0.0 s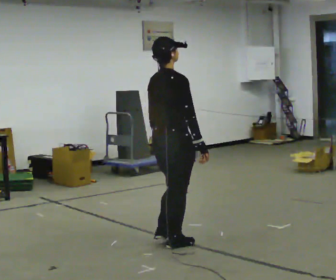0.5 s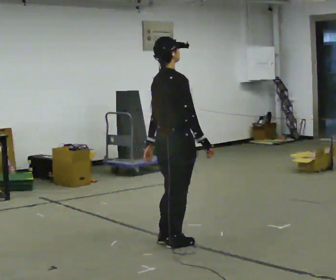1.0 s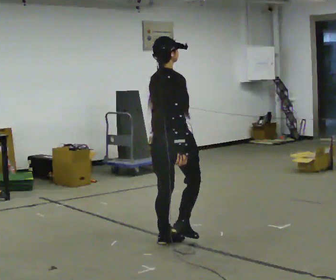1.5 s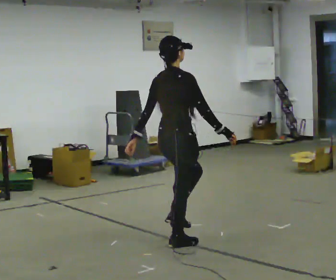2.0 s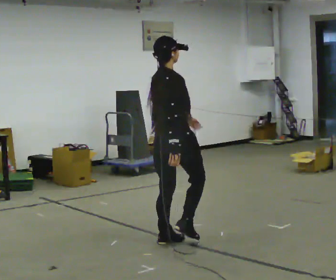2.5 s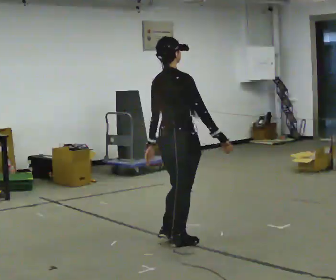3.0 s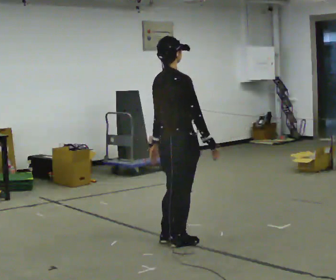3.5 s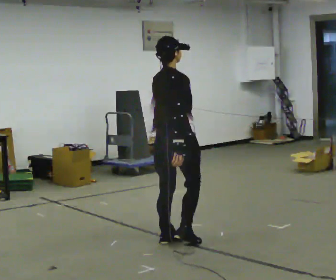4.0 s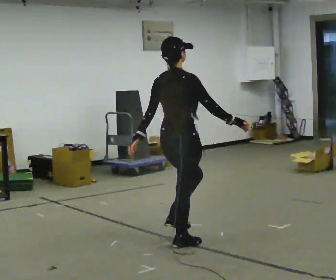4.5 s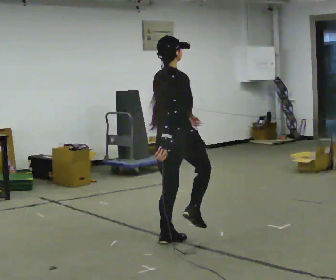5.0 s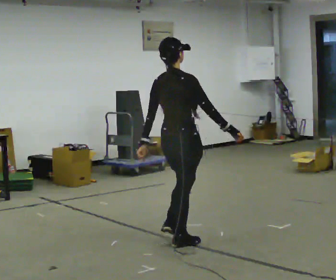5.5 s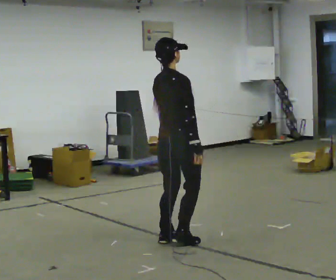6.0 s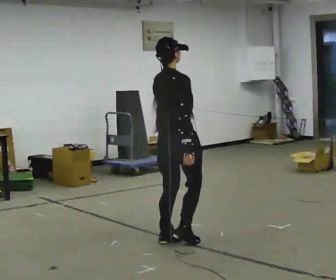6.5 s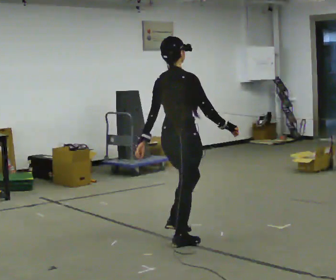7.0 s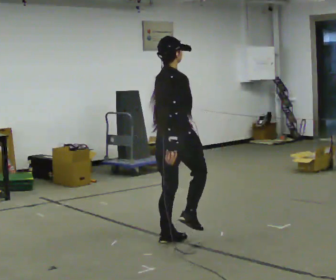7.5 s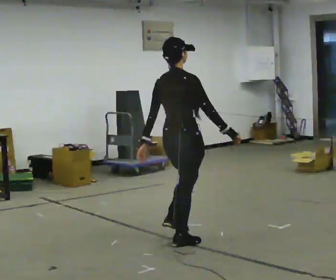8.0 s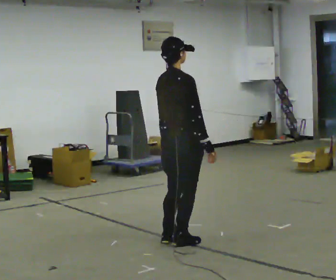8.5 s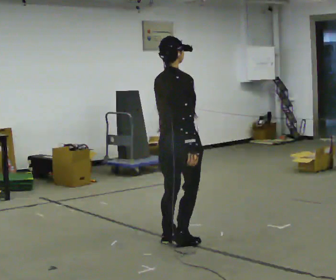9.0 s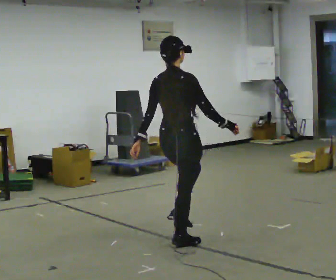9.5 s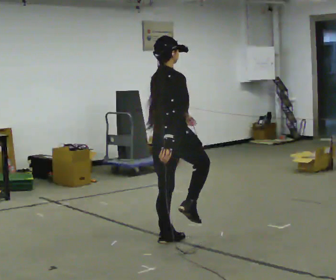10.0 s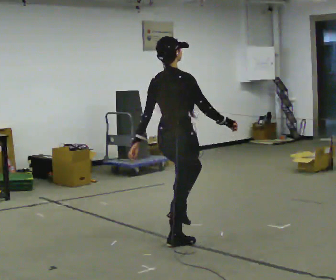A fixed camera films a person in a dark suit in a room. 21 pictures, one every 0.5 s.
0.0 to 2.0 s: The person moves a little, or ends about where they began.
2.0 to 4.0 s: In the picture their left hand goes to the left.
4.0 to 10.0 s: The person moves a little, or ends about where they began.
The film runs forward here.
